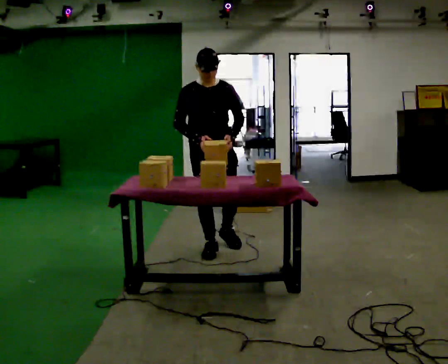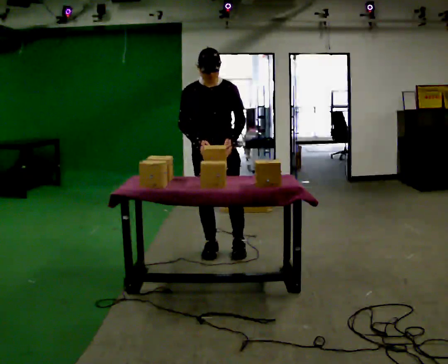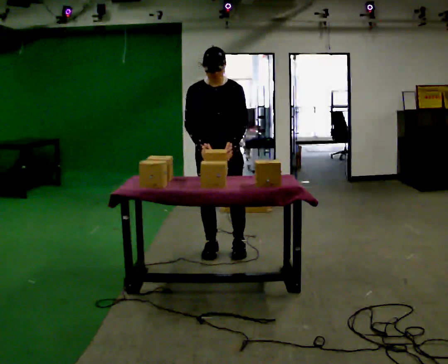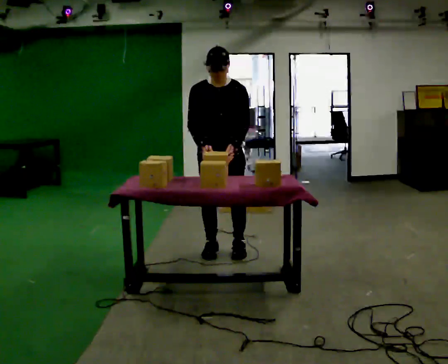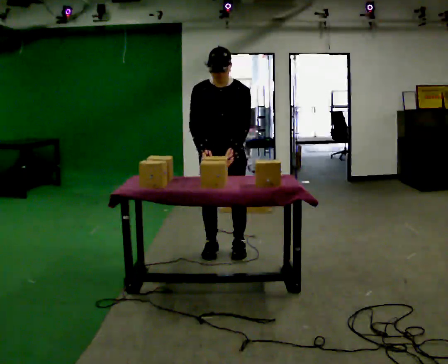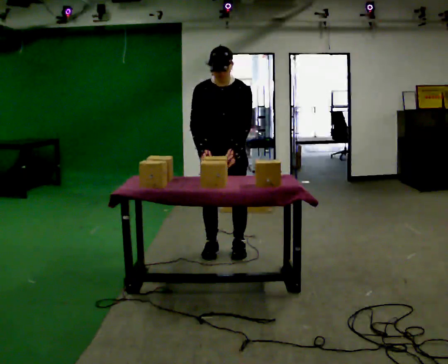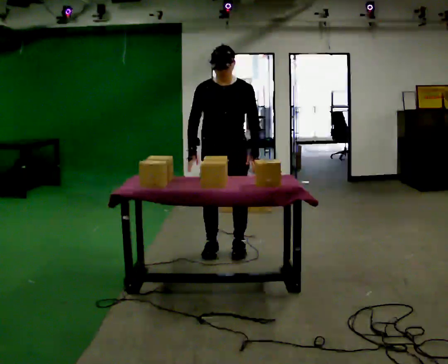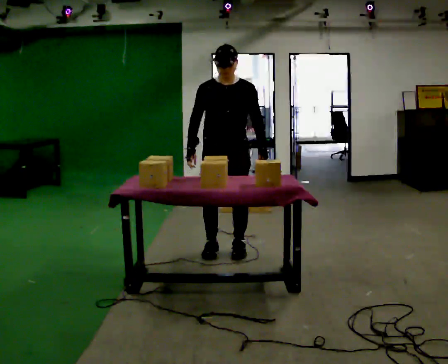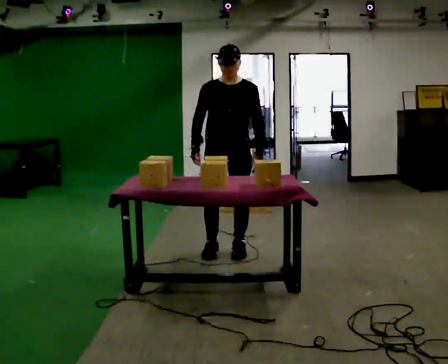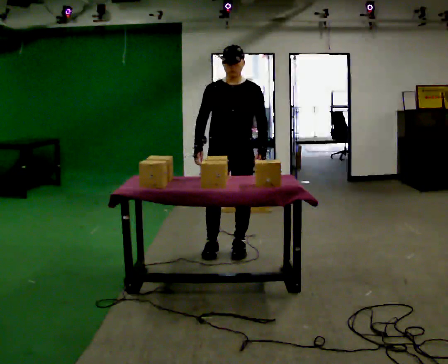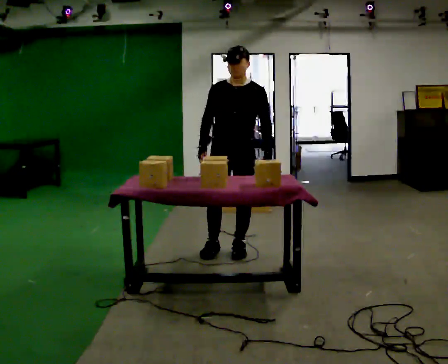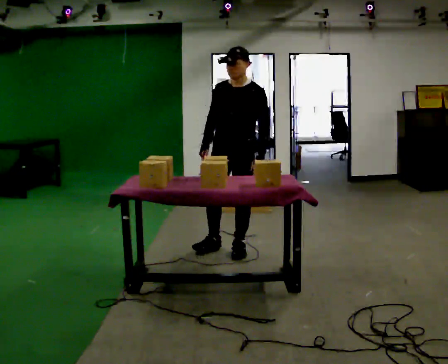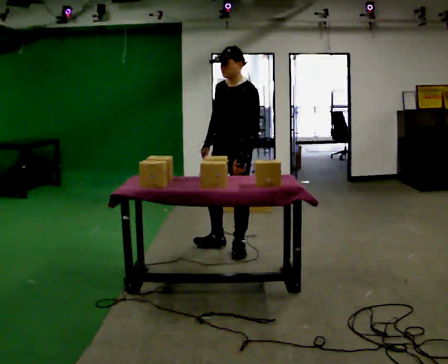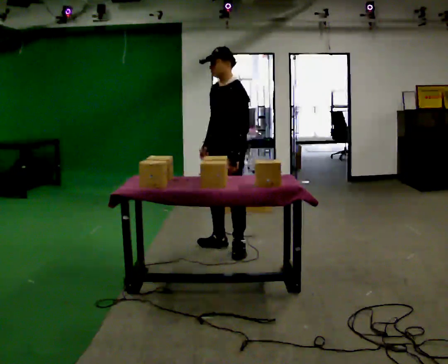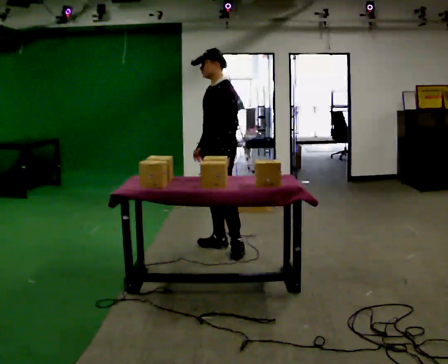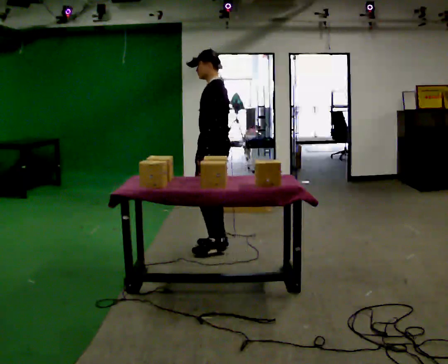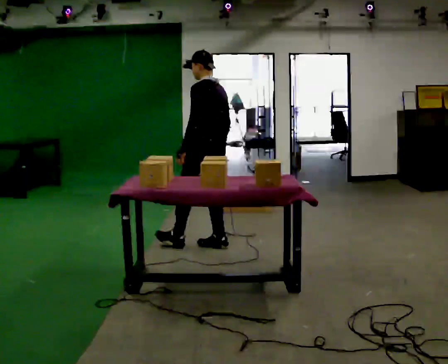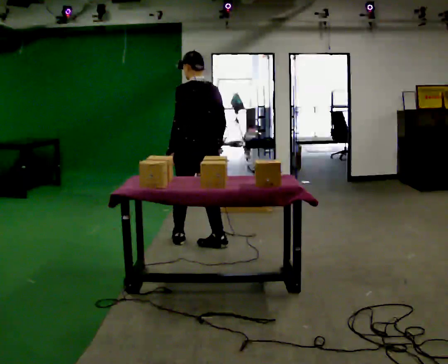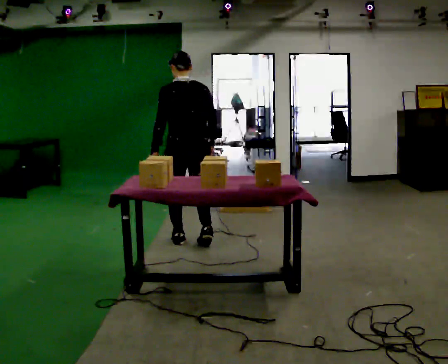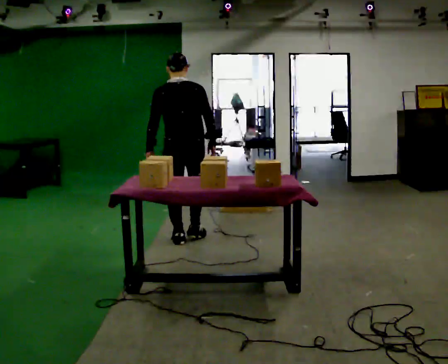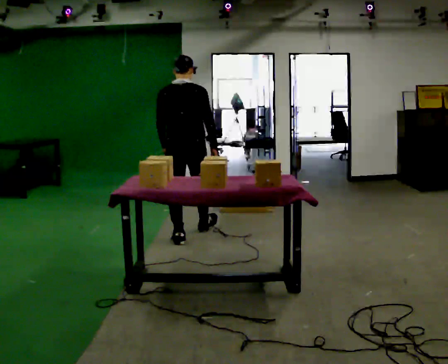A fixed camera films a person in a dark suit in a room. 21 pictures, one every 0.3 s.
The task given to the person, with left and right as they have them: Reach down into the deep bin on the floor, take out one object at a time, carry it to the shelf, and come back for the next one. Keep going until the operator says stop; one object at a time, and do not rush between trips.
0.0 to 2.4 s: In the picture they go to the right, about 0.25 m in 1 step, which for them is to their left.
2.4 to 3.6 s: Seen from above the body turns clockwise, about 45 degrees: to their right, with its near side sliding to the left.
3.6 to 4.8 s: The person turns about 75 degrees to their right, clockwise seen from above, so the part of the body nearest the lens slides to the left. In the picture they go to the left, about 0.25 m.
4.8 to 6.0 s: Seen from above the body turns clockwise, about 60 degrees: to their right, with its near side sliding to the left. In the picture they go to the left and away from the camera, about 0.25 m in 2 steps, which for them is forward and to their left.
The film runs forward here.
